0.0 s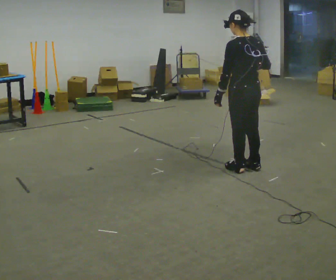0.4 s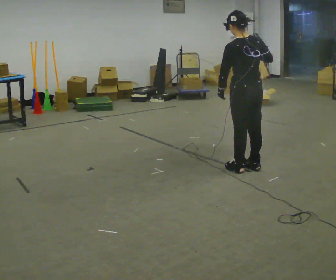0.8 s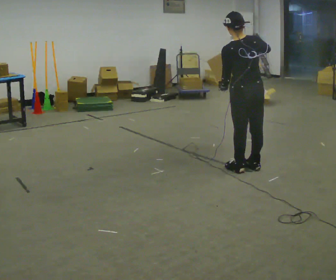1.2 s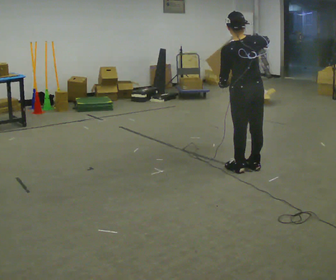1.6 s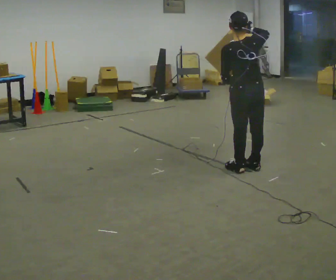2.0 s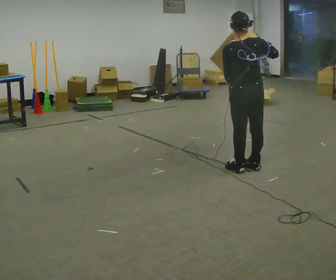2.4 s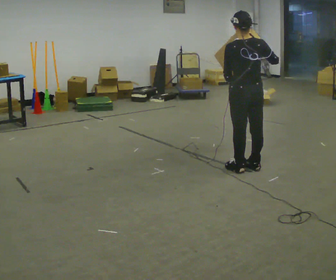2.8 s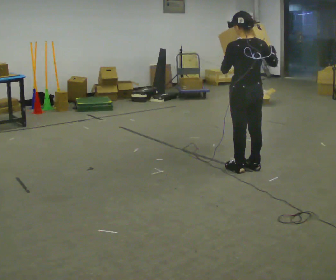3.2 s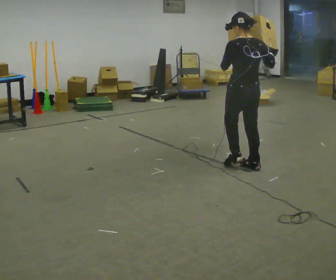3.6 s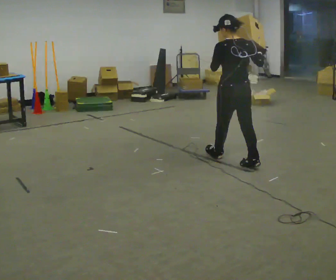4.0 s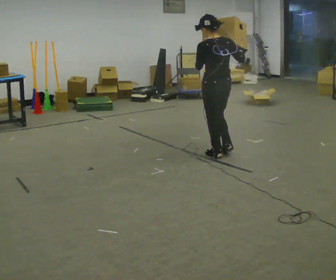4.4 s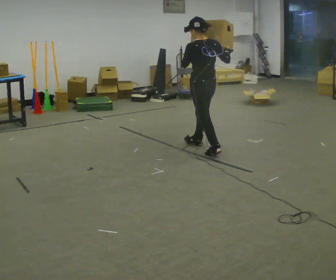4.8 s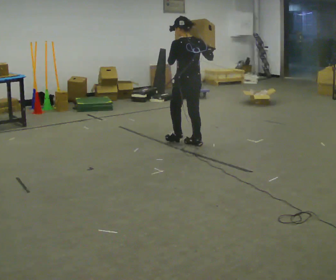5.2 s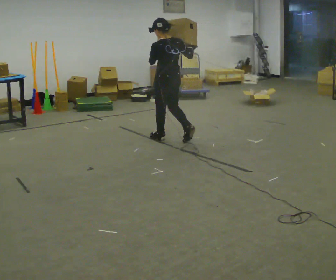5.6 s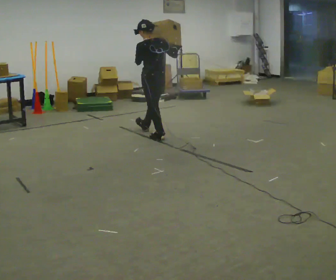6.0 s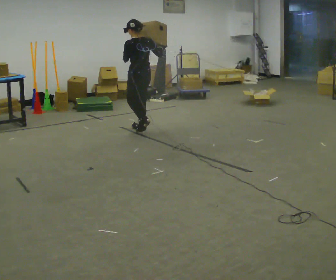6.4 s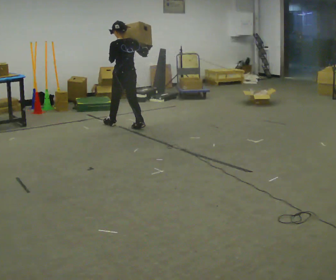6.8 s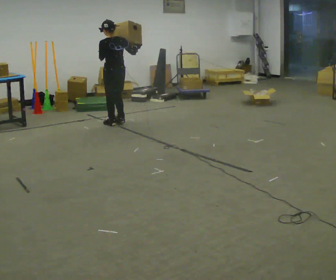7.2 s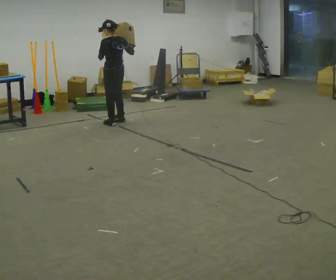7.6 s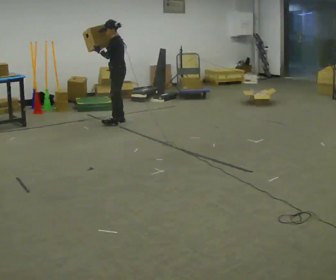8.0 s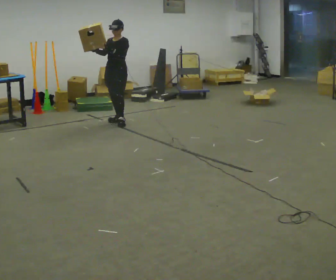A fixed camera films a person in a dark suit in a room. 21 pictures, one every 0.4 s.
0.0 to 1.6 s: The part of the body nearest the lens slides to the left as the person turns to their right by about 30 degrees.
1.6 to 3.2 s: In the picture their right hand goes to the right.
3.2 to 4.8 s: In the picture they go away from the camera and to the left, about 1 m in 2 steps, which for them is forward.
4.8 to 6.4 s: In the picture they go to the left and away from the camera, about 1 m in 3 steps, which for them is forward.
6.4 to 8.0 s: The part of the body nearest the lens slides to the right as the person turns to their left by about 120 degrees. In the picture they go away from the camera and to the left, about 0.25 m in 1 step.
The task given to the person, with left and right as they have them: Carry the box and, while walking, shift it to a different hold: front, then hip, then shoulder, then back to front. Do not stop walking.
The film runs forward here.
